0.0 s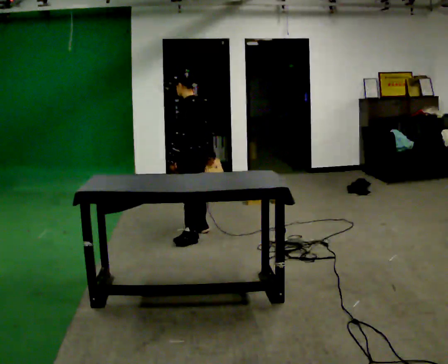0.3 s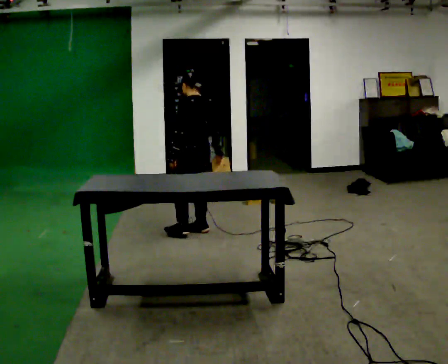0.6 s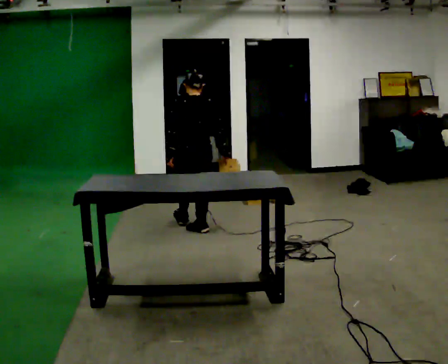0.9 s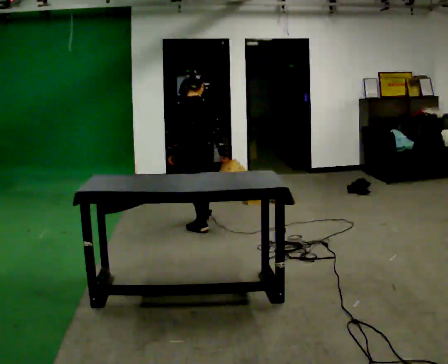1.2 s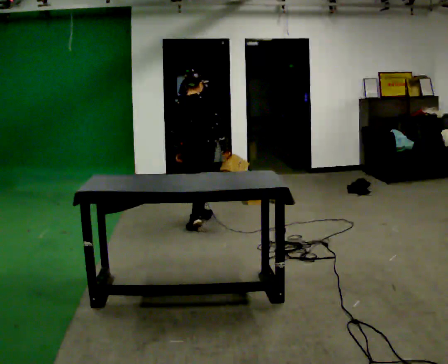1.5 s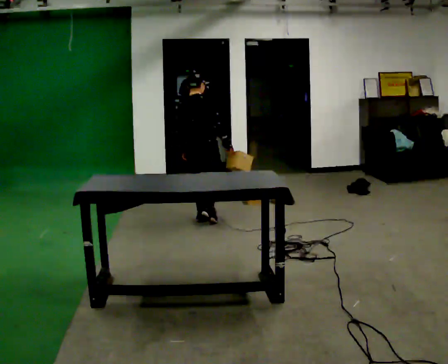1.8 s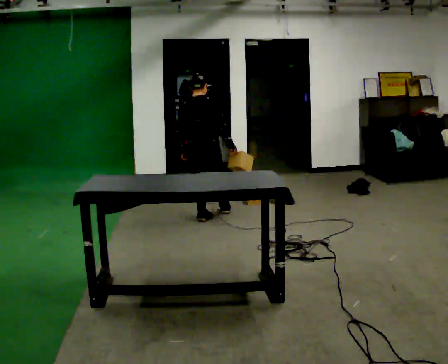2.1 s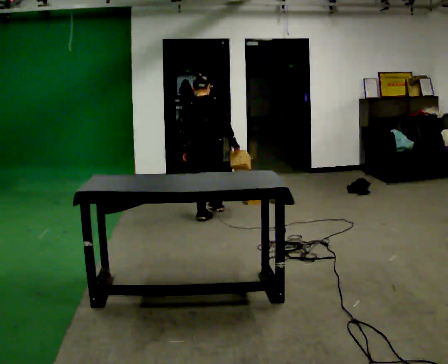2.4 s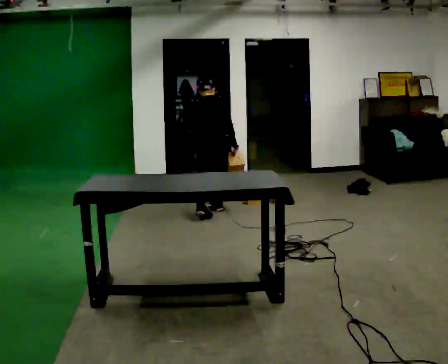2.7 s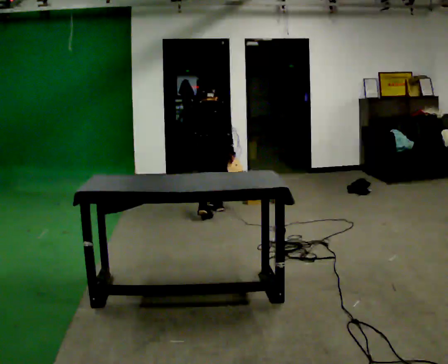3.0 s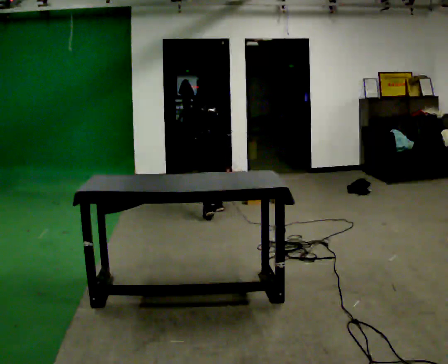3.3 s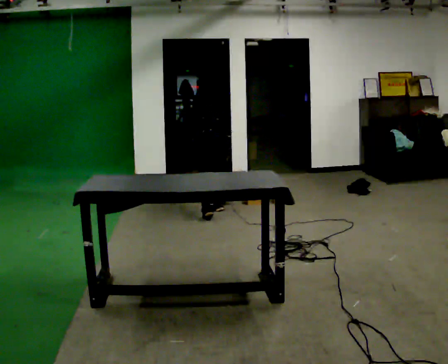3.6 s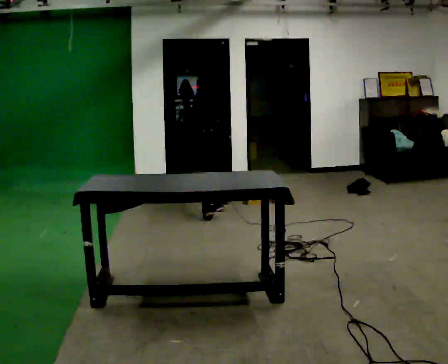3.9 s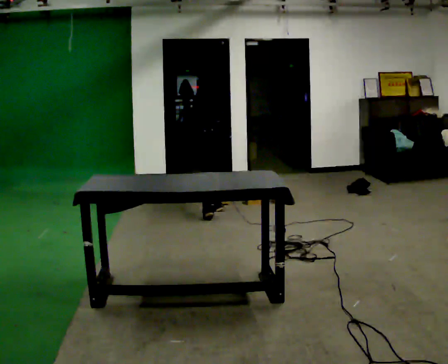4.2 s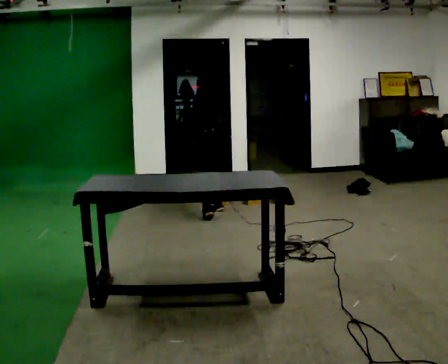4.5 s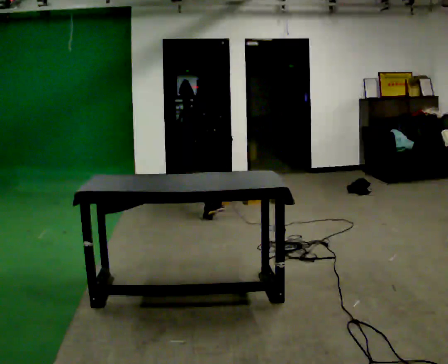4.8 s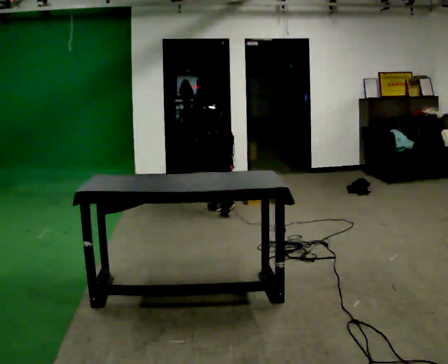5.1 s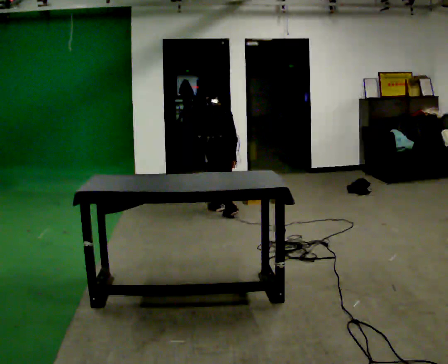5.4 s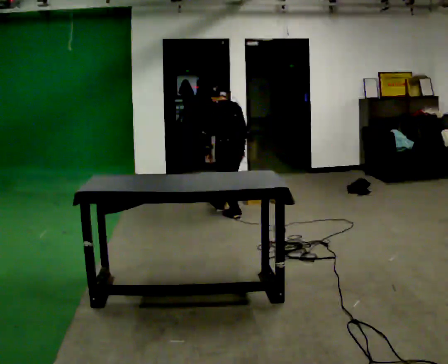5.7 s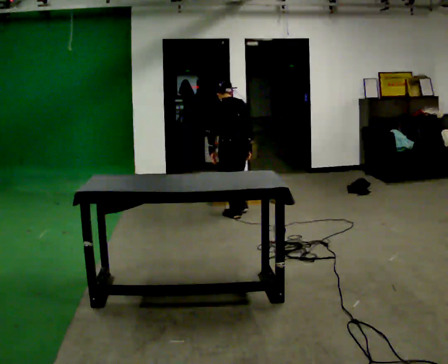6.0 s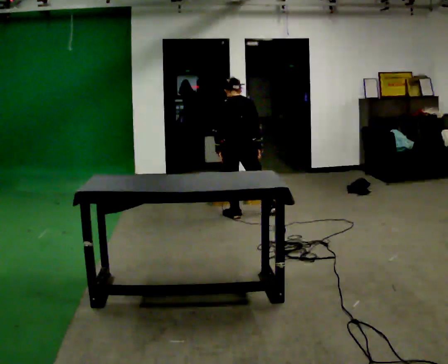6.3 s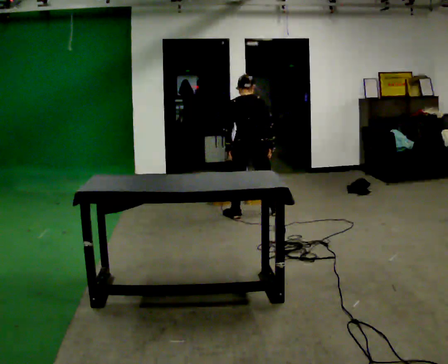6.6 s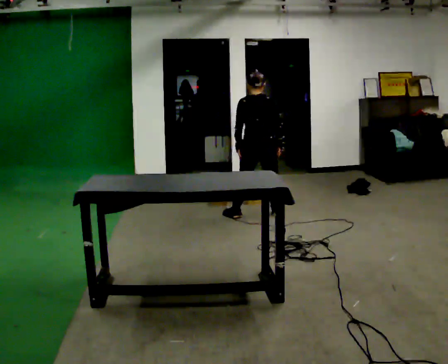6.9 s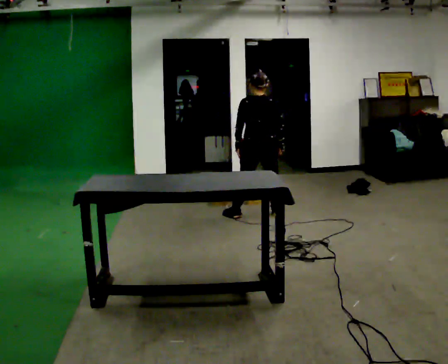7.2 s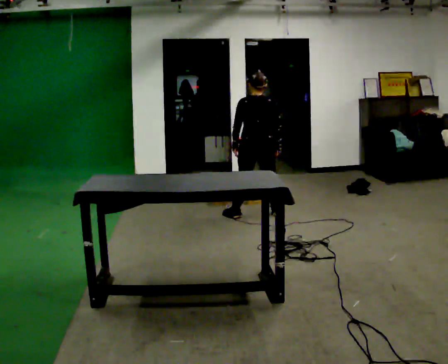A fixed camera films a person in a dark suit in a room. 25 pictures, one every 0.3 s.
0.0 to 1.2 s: Seen from above the body turns clockwise, about 90 degrees: to their right, with its near side sliding to the left. In the picture they go away from the camera, about 0.25 m in 1 step.
1.2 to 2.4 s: The person turns about 30 degrees to their left, counterclockwise seen from above, so the part of the body nearest the lens slides to the right. In the picture they go away from the camera, about 0.5 m in 1 step, which for them is forward.
2.4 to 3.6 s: The upper body goes downward. The upper body tips away from the camera, its near side rolling upward, as they bend forward.
3.6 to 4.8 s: The upper body goes upward. The upper body tips toward the camera, its near side rolling downward, as they lean back or straighten.
4.8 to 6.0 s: The person turns about 30 degrees to their right, clockwise seen from above, so the part of the body nearest the lens slides to the left. In the picture they go to the right and toward the camera, about 0.25 m in 1 step, which for them is backward. The shoulders move upward. The upper body tips toward the camera, its near side rolling downward, as they lean back or straighten.
6.0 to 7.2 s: In the picture they go to the right, about 0.25 m in 1 step, which for them is to their right.
The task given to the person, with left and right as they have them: Take an object off the waist-height shelf, carry it across the room, and set it down on the floor. Keep going until the operator says stop; one object at a time, and do not rush between trips.
The film runs forward here.
